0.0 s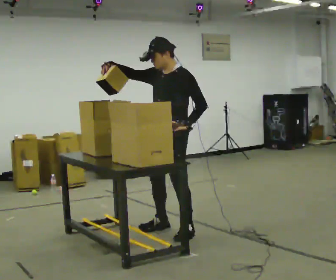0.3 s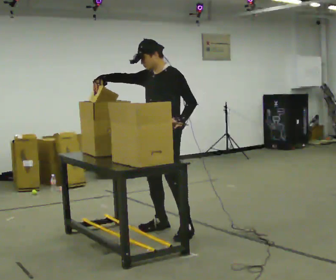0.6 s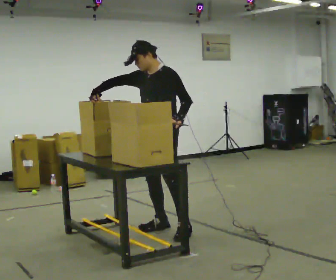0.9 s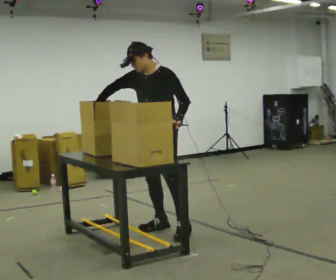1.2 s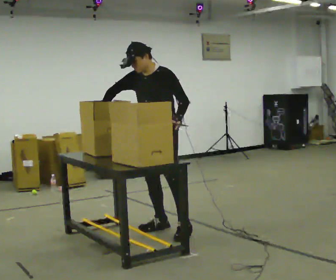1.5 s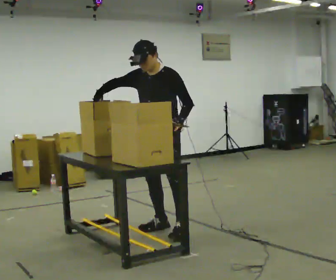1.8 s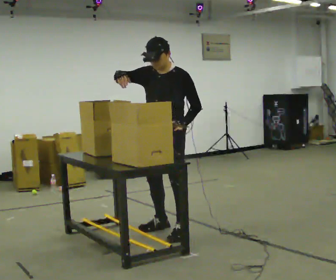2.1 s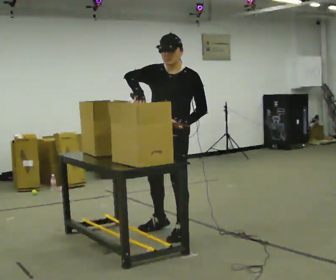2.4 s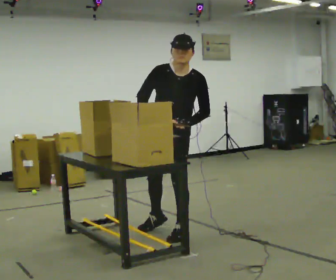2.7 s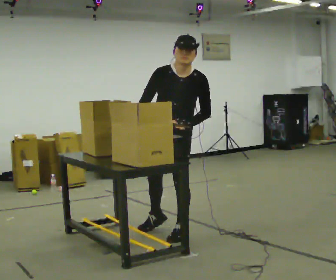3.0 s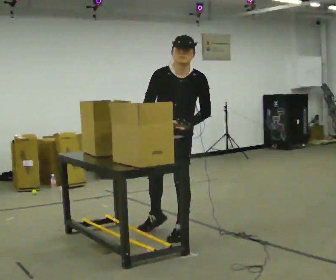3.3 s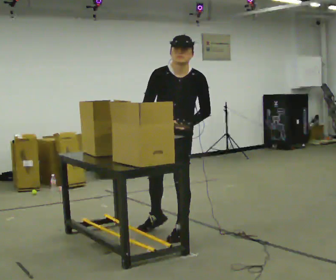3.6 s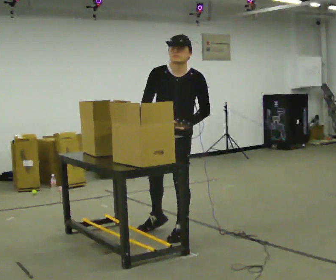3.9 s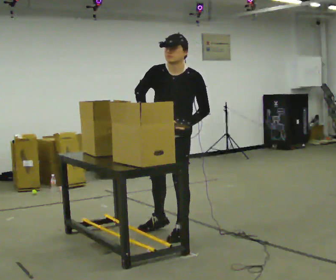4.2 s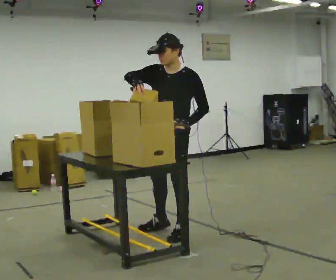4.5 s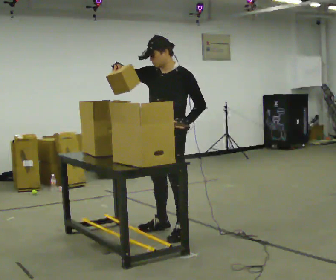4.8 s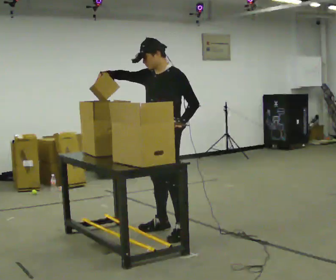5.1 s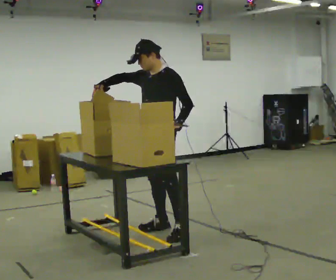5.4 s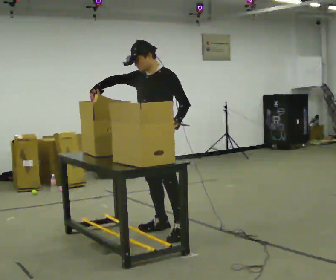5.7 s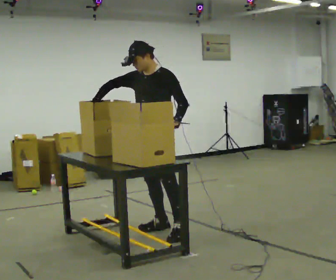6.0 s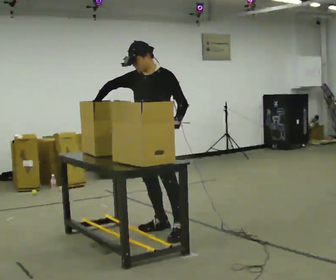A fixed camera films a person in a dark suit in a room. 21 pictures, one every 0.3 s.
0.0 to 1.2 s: In the picture they go away from the camera, about 0.25 m, which for them is to their right. In the picture their right hand goes downward, the arm swinging counterclockwise.
1.2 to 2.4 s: Seen from above the body turns counterclockwise, about 30 degrees: to their left, with its near side sliding to the right. In the picture they go toward the camera, about 0.25 m, which for them is to their left. In the picture the upper body tilts clockwise, shoulders to the right. In the picture their right hand goes to the right.
2.4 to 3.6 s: The person moves a little, or ends about where they began.
3.6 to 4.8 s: Seen from above the body turns clockwise, about 30 degrees: to their right, with its near side sliding to the left. The upper body tips away from the camera, its near side rolling upward, as they lean back or straighten. In the picture their right hand goes upward and to the left.
4.8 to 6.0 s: The person moves a little, or ends about where they began.
The film runs forward here.
